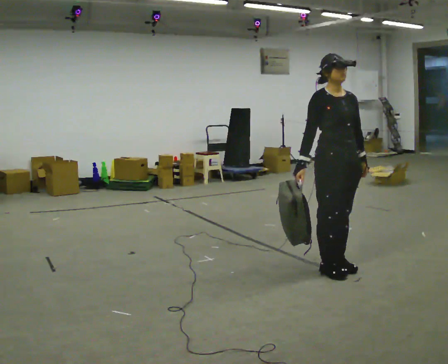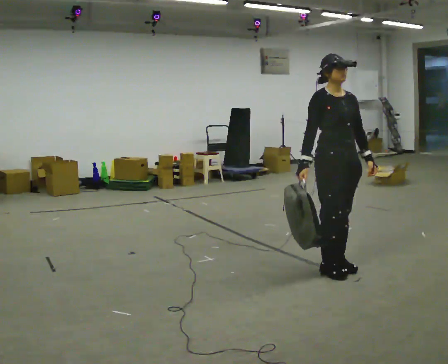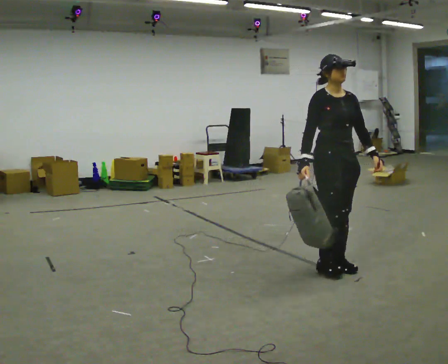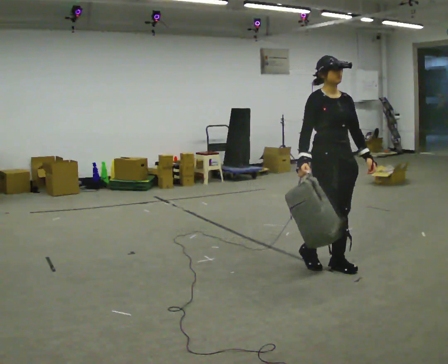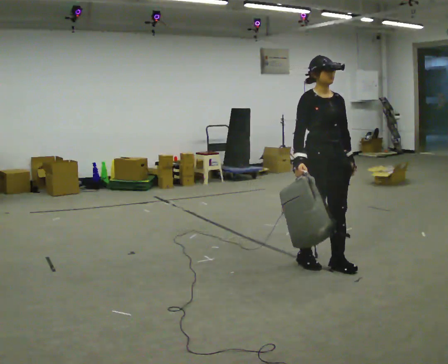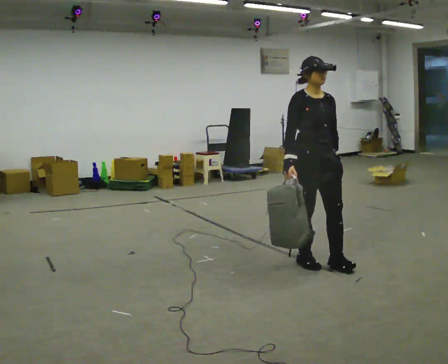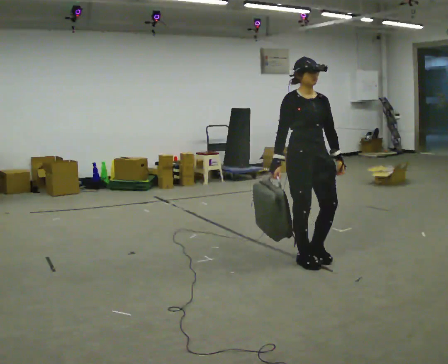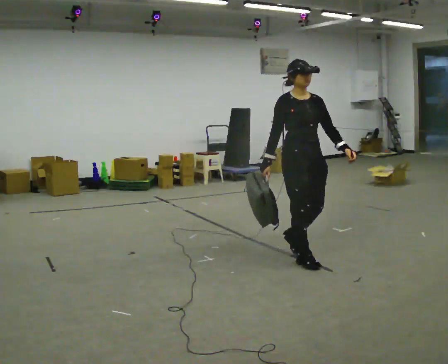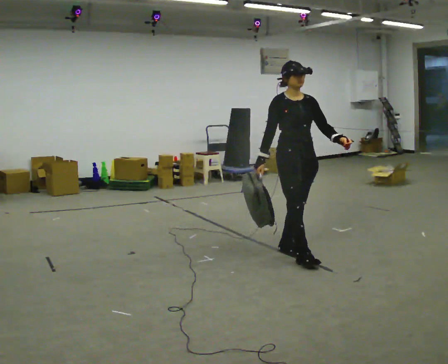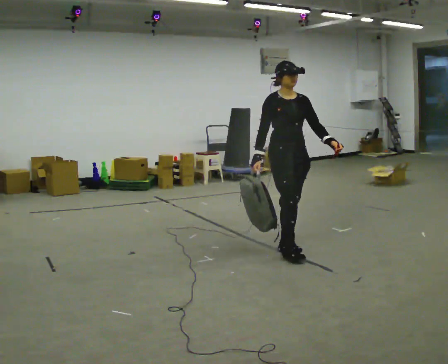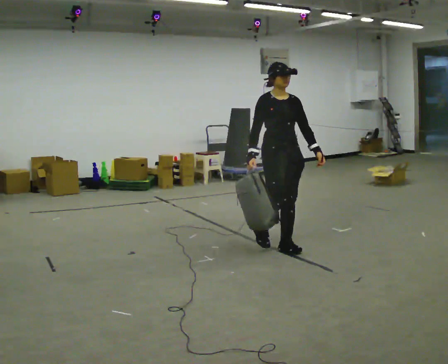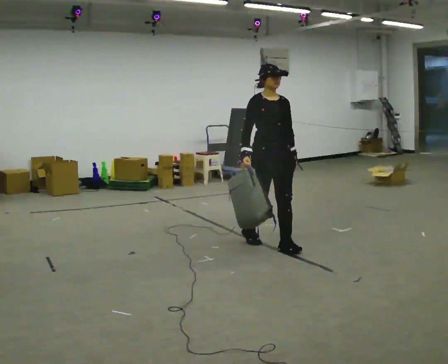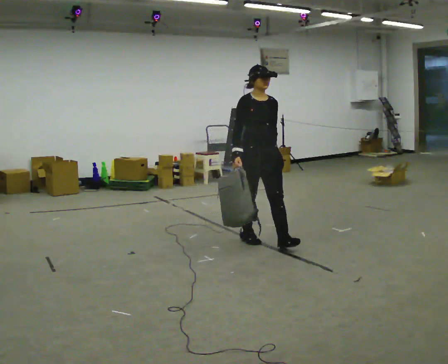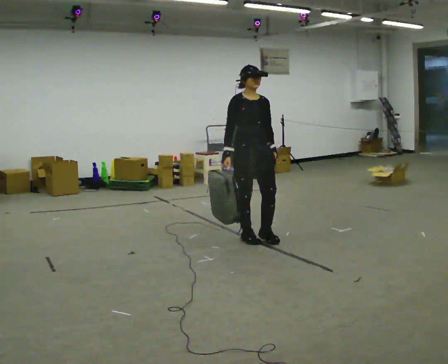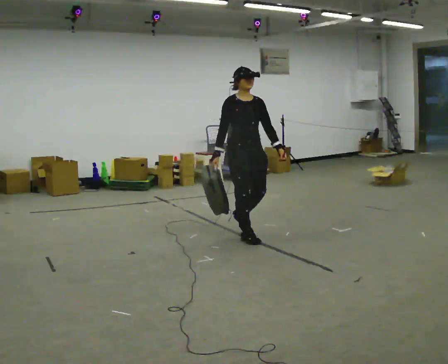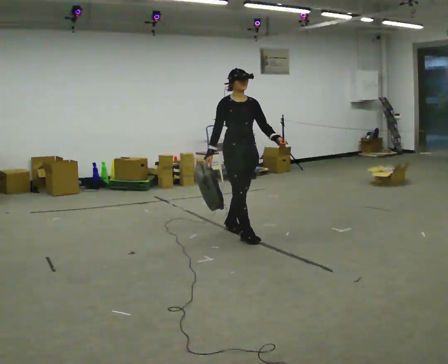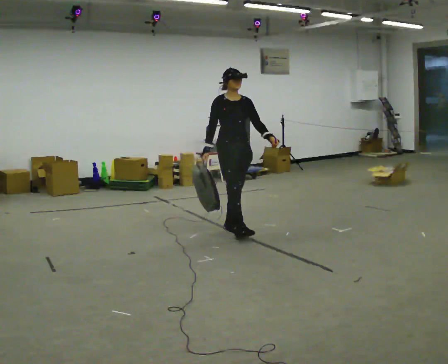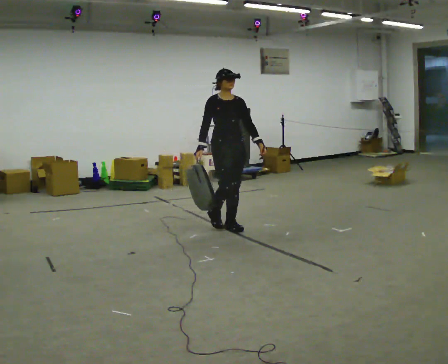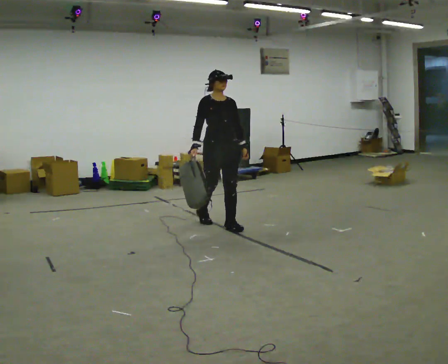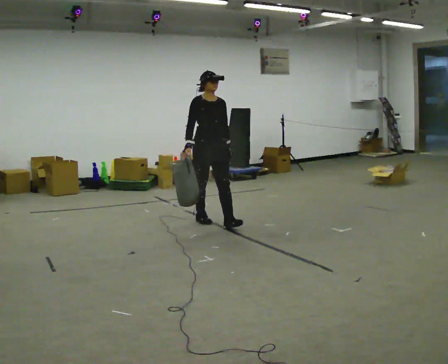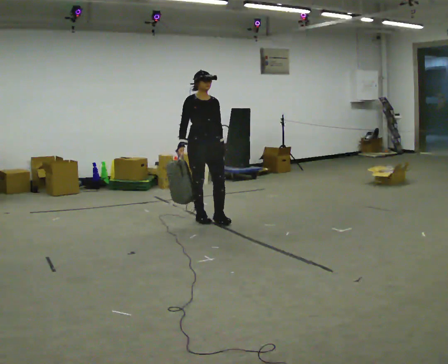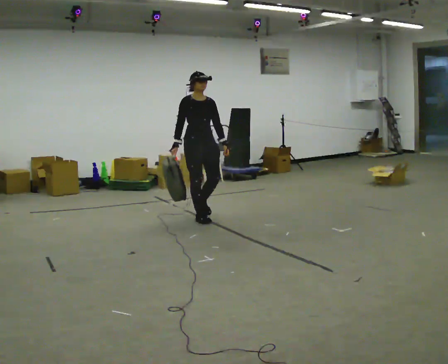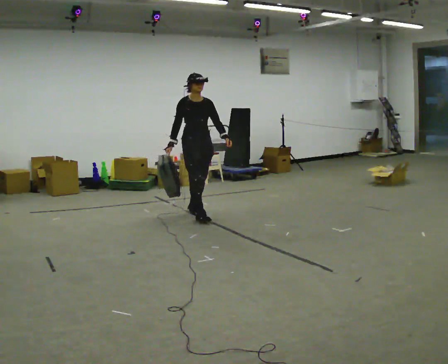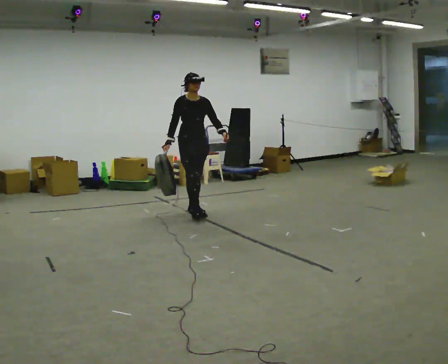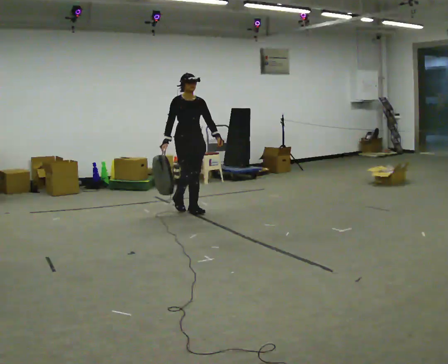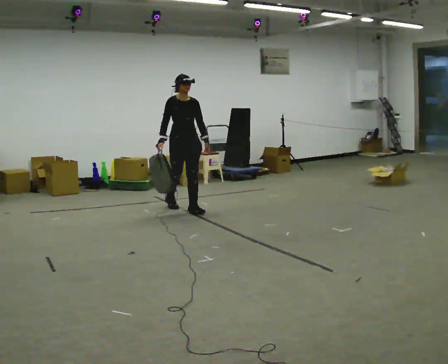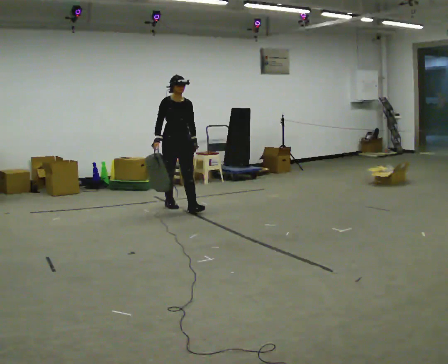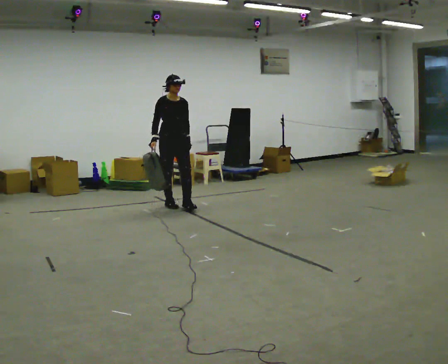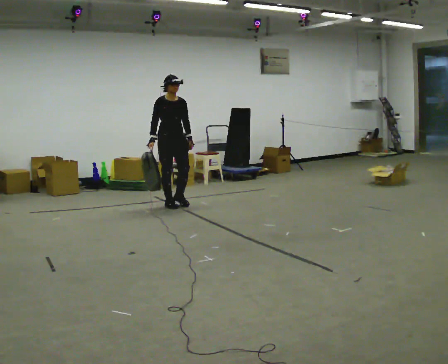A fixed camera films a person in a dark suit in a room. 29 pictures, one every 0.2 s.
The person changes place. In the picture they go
away from the camera.
0.0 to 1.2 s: In the picture they go away from the camera and to the left, about 0.25 m in 2 steps, which for them is backward.
1.2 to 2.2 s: In the picture they go away from the camera and to the left, about 0.5 m in 1 step, which for them is backward.
2.2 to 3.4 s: In the picture they go away from the camera and to the left, about 0.5 m in 2 steps, which for them is backward.
3.4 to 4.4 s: In the picture they go away from the camera and to the left, about 0.75 m in 2 steps, which for them is backward.
4.4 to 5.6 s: In the picture they go away from the camera and to the left, about 0.5 m in 1 step, which for them is backward.
The film runs backward here.
